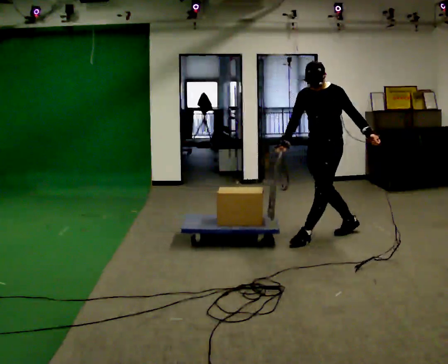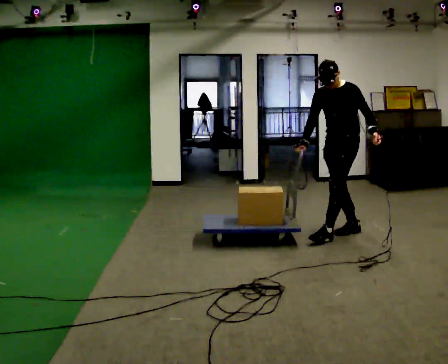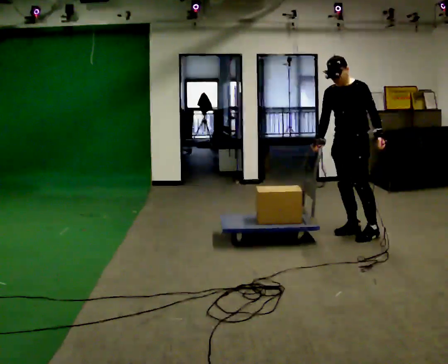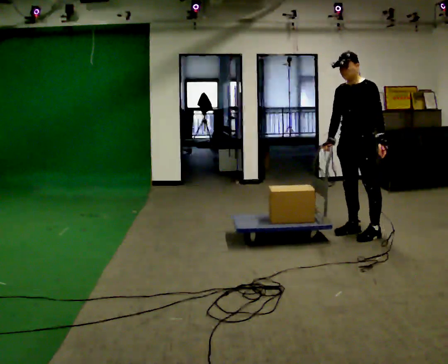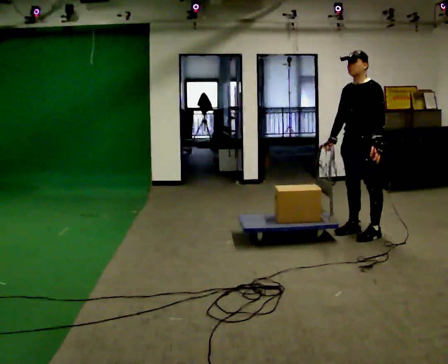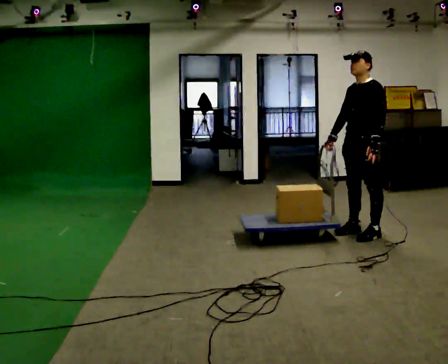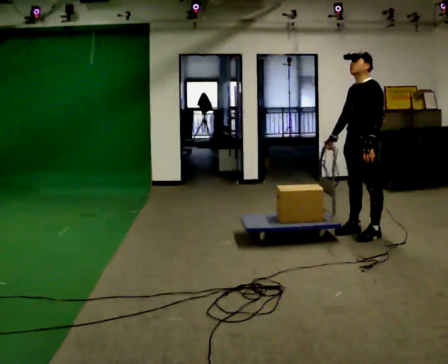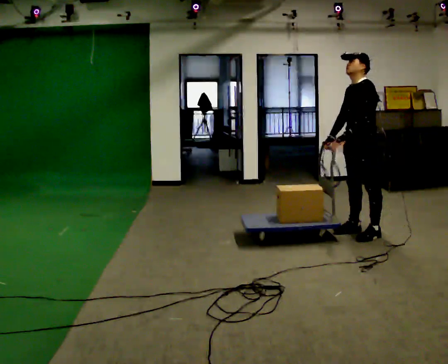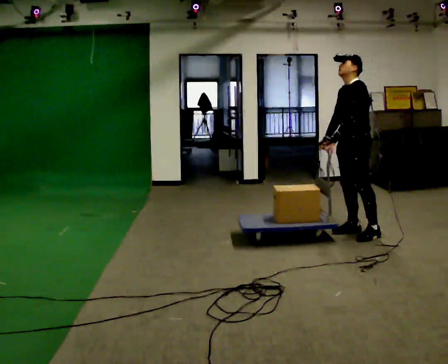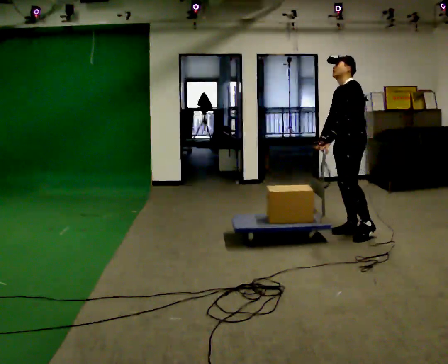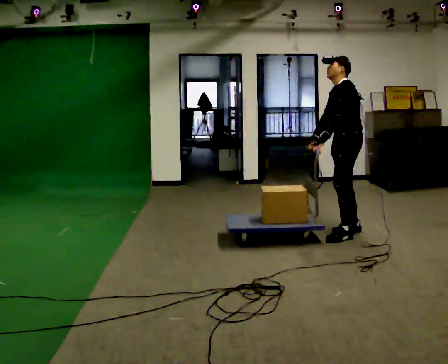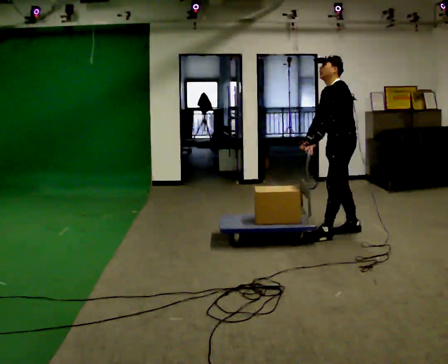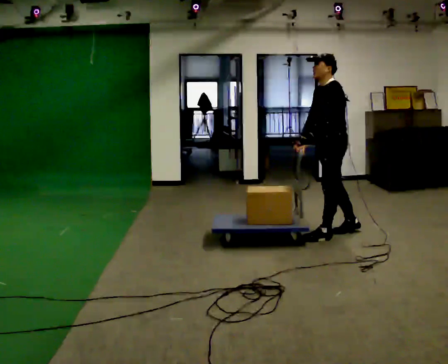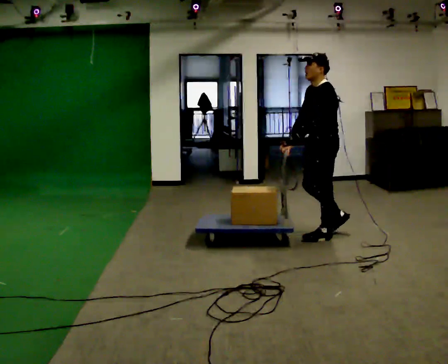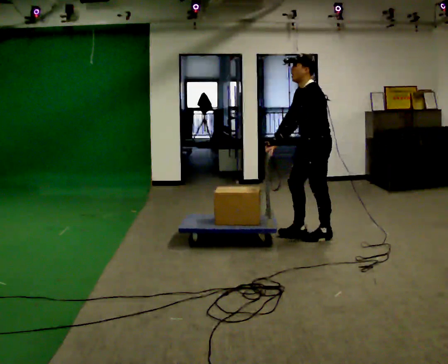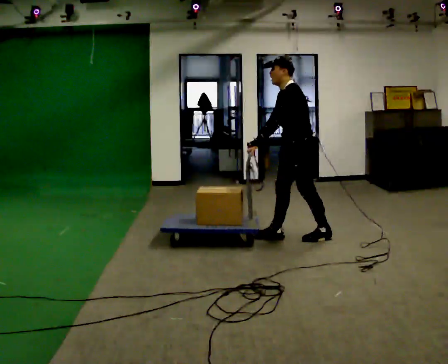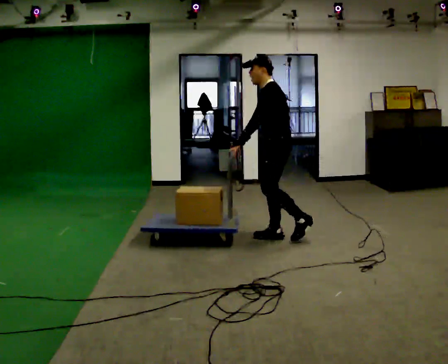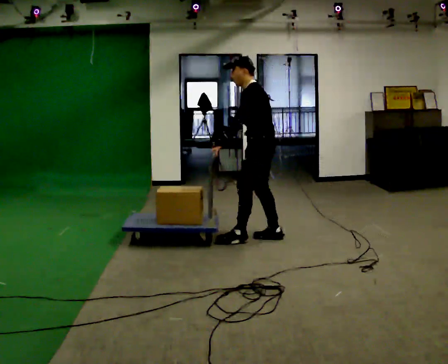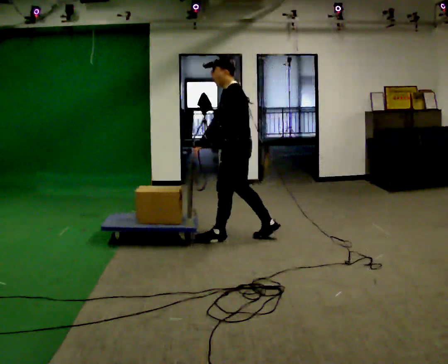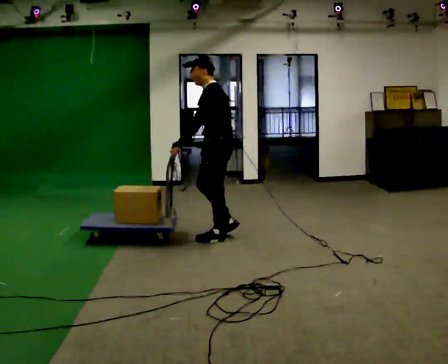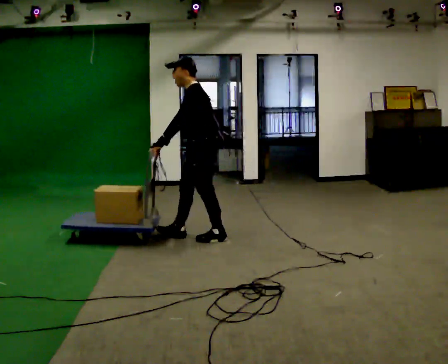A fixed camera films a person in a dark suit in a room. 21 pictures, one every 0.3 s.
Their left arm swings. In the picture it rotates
clockwise.
0.0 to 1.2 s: In the picture they go to the right, about 0.25 m in 2 steps, which for them is backward and to their left.
1.2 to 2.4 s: In the picture their left hand goes to the left.
2.4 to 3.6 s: In the picture they go to the left, about 0.25 m in 1 step, which for them is forward.
3.6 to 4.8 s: In the picture they go to the left, about 0.5 m in 1 step, which for them is forward.
4.8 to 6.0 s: In the picture they go to the left, about 0.75 m in 1 step, which for them is forward.
The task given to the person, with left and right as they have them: Drag the sled across the room. The bags on it are loose and will move about as it goes. The operator will log the load and the peak reading on the scale for every take.
The film runs forward here.
